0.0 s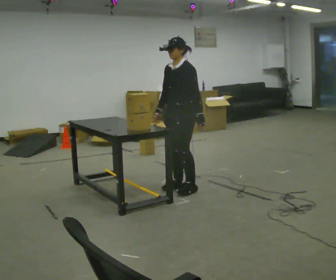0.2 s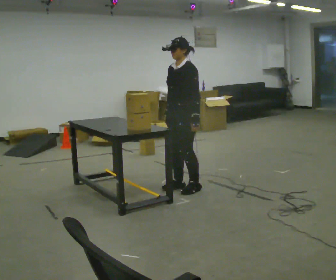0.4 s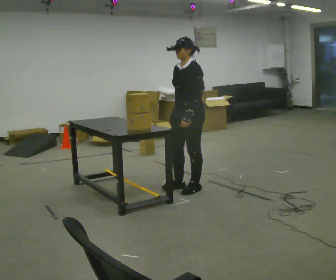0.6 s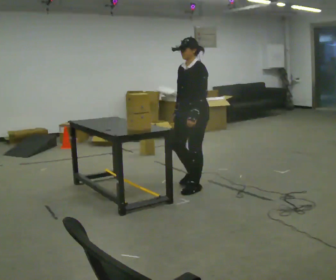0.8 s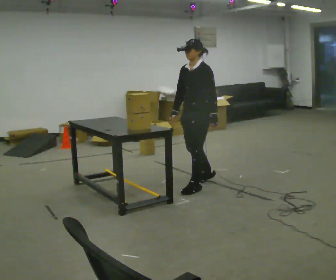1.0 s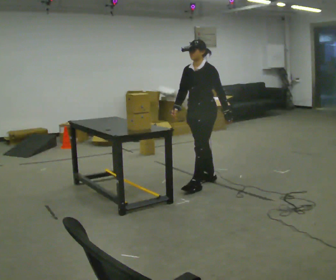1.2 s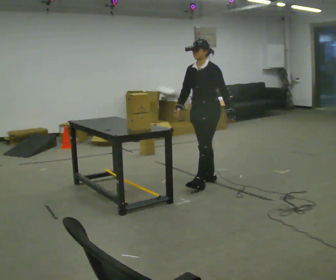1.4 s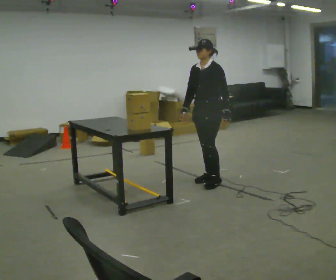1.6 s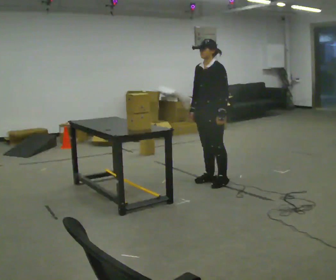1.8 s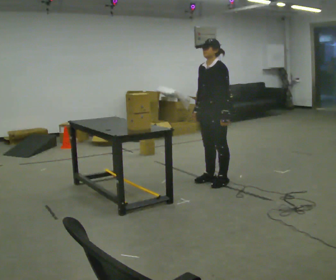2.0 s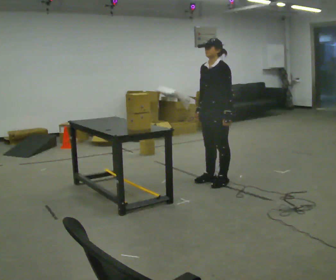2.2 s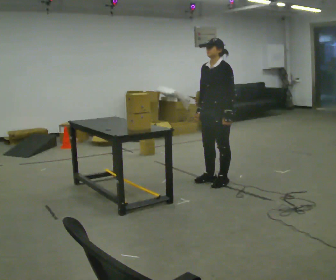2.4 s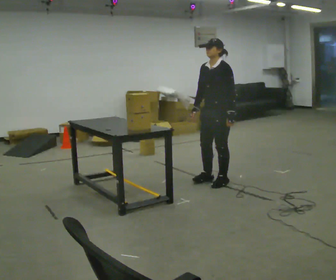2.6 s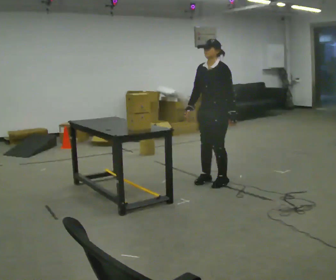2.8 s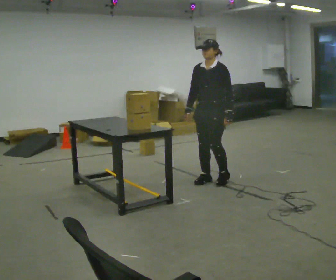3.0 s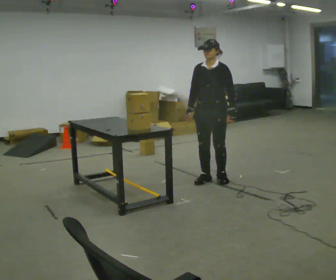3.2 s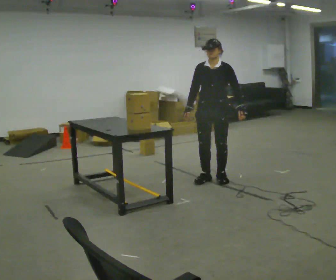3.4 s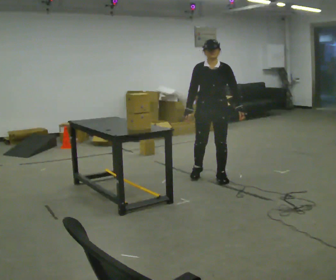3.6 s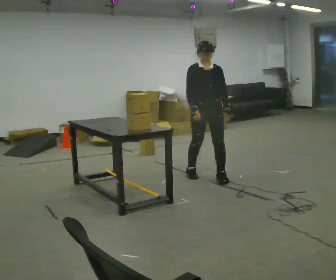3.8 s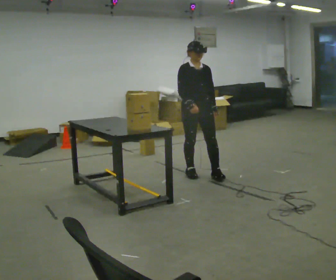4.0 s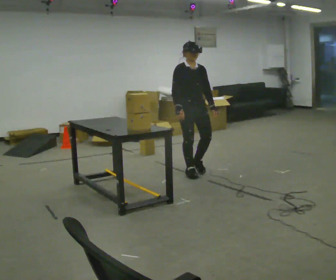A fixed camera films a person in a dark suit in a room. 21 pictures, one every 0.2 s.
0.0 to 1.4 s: In the picture they go to the right and away from the camera, about 0.5 m in 2 steps, which for them is backward.
1.4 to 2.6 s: The person moves a little, or ends about where they began.
2.6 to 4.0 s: The part of the body nearest the lens slides to the right as the person turns to their left by about 75 degrees. In the picture they go away from the camera and to the left, about 0.5 m in 3 steps.
The film runs backward here.
